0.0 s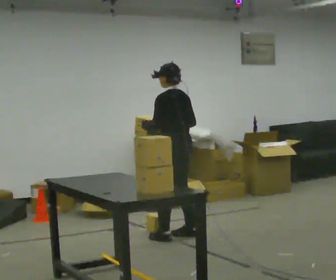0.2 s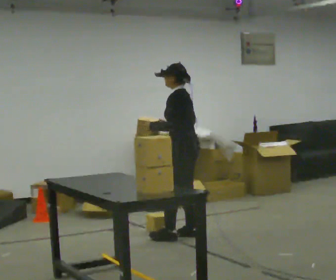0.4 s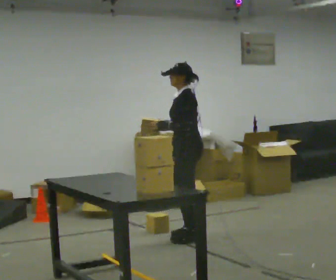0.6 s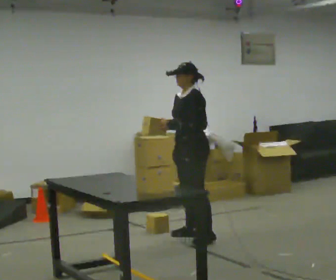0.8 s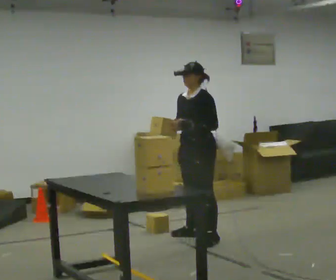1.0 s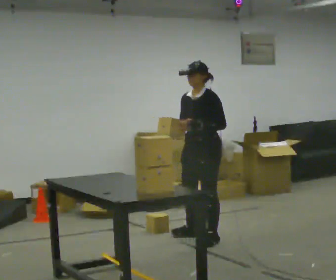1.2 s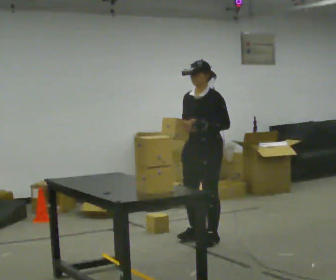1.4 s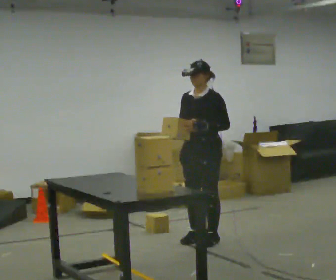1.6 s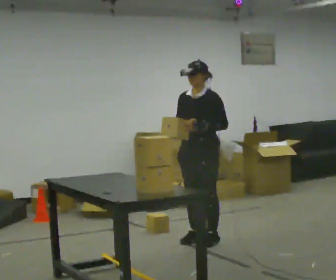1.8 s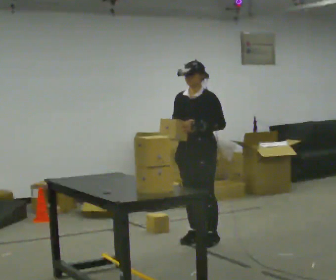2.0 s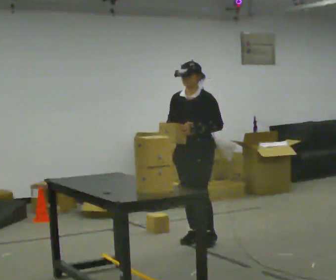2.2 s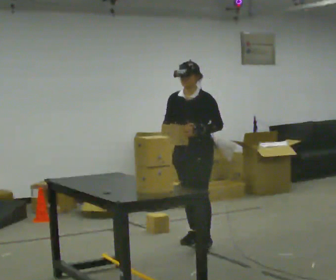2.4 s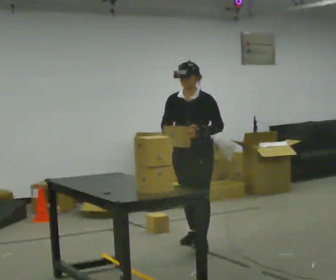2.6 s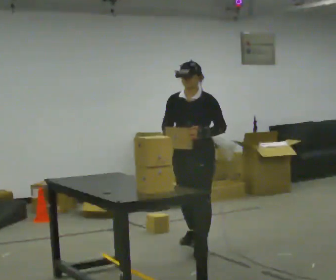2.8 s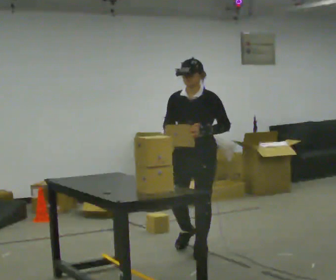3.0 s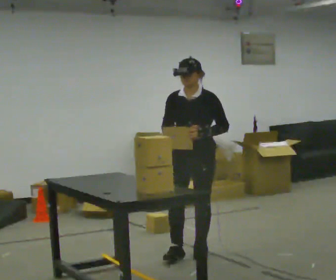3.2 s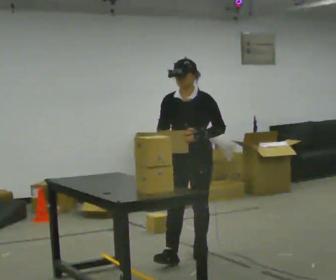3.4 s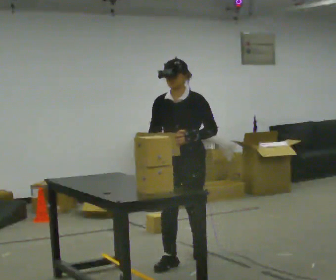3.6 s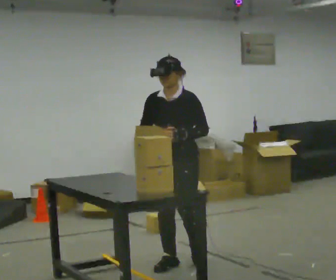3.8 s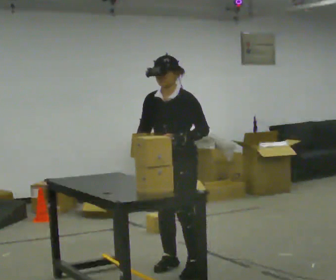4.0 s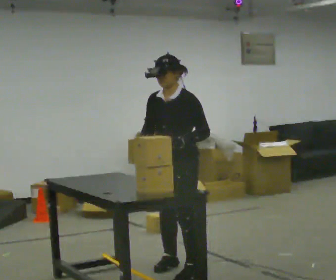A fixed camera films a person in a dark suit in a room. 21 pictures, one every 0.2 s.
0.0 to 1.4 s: The part of the body nearest the lens slides to the right as the person turns to their left by about 90 degrees. In the picture they go to the right and toward the camera, about 0.25 m in 2 steps.
1.4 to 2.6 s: In the picture they go toward the camera, about 0.25 m in 1 step, which for them is forward.
2.6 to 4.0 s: In the picture they go toward the camera, about 0.75 m in 2 steps, which for them is forward.
The film runs forward here.
